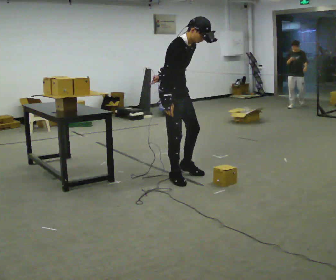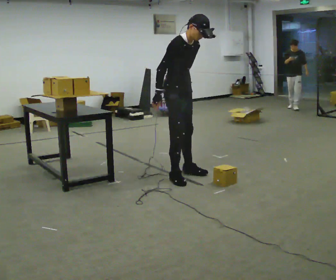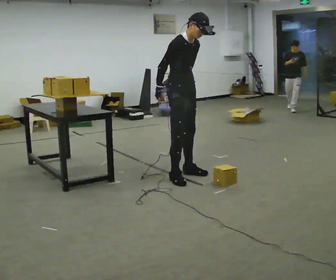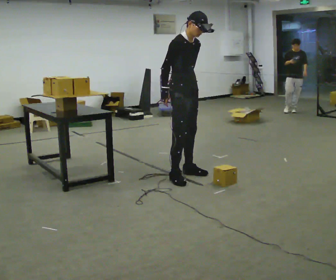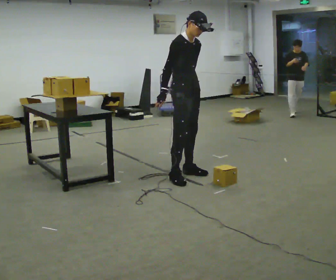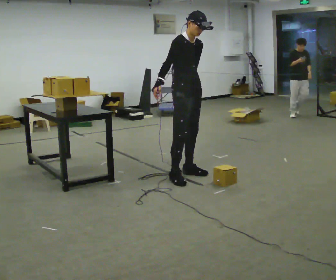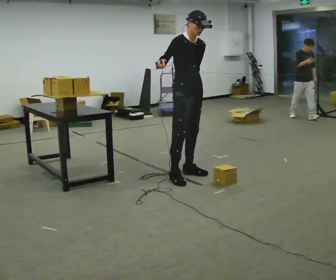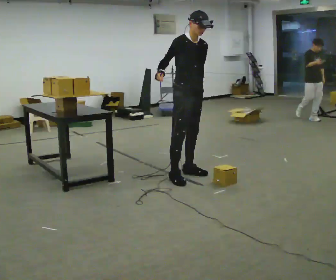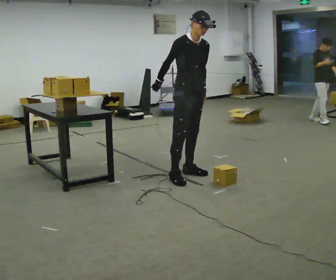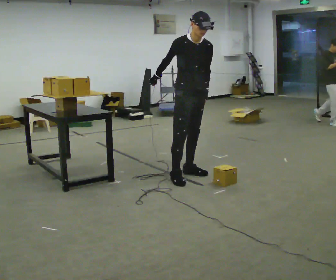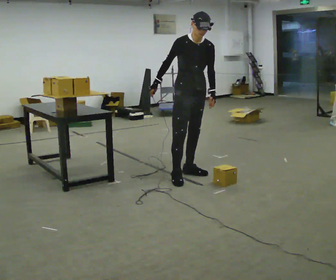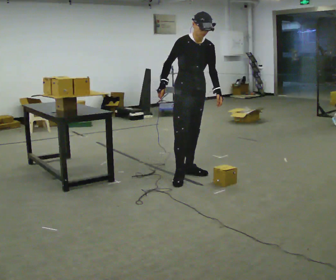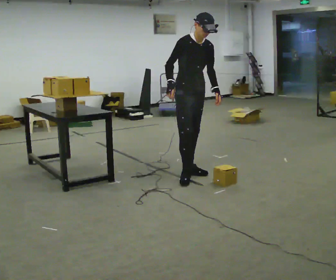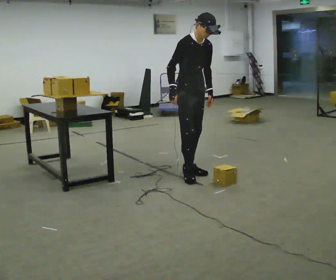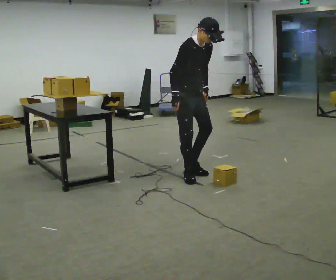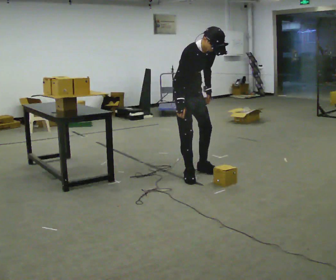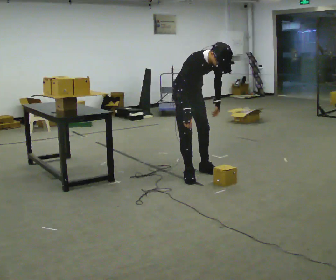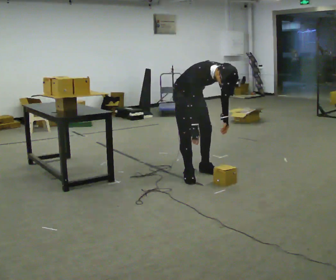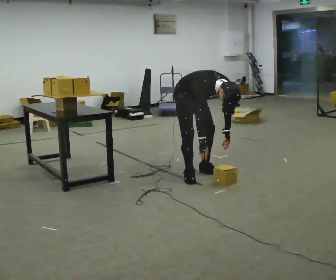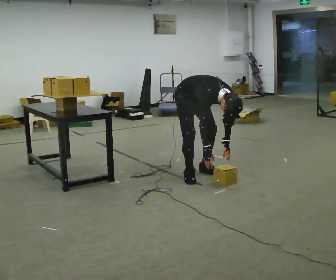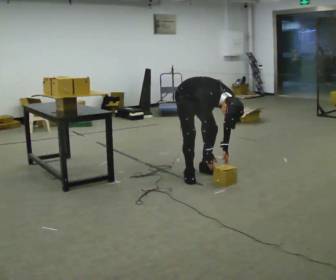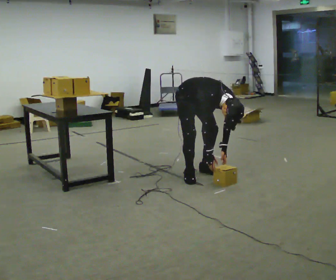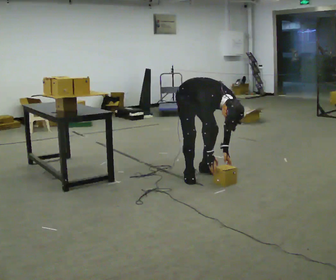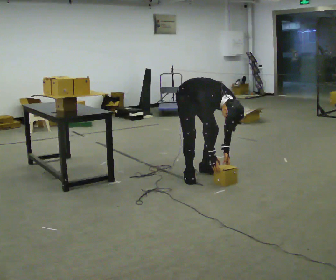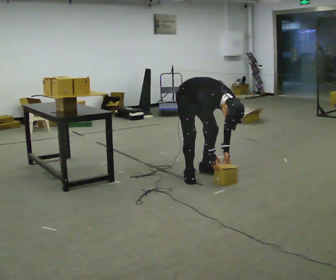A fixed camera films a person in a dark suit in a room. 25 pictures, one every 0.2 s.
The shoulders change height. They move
downward.
Their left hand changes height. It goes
downward.
0.0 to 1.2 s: In the picture they go away from the camera, about 0.25 m in 1 step, which for them is to their left. In the picture their right hand goes upward.
1.2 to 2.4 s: The person moves a little, or ends about where they began.
2.4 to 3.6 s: The upper body goes downward. The upper body tips toward the camera, its near side rolling downward, as they bend forward. In the picture their right hand goes downward.
3.6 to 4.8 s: The upper body tips toward the camera, its near side rolling downward, as they bend forward.
The film runs forward here.
